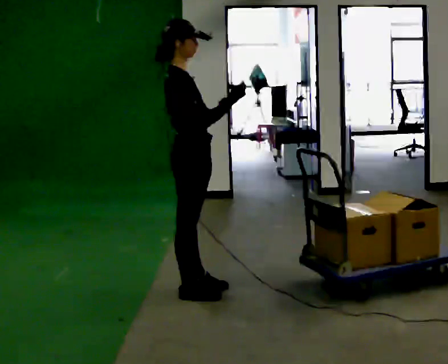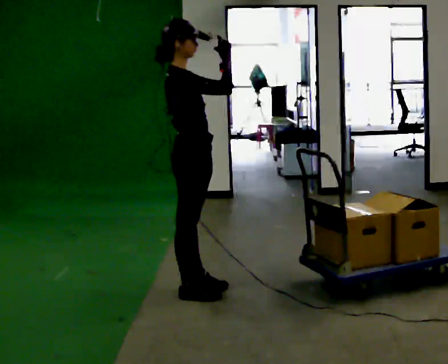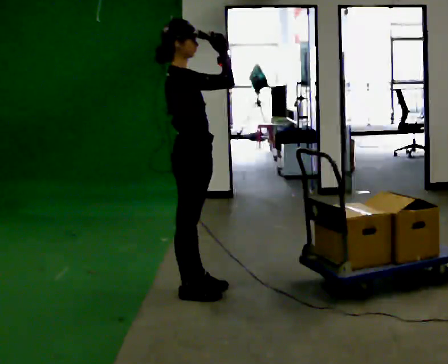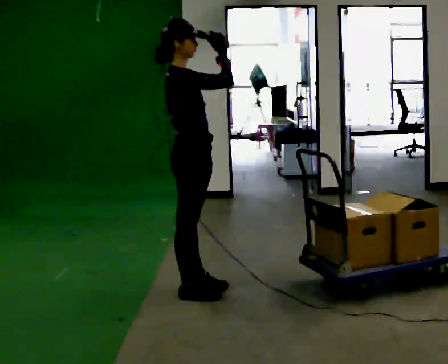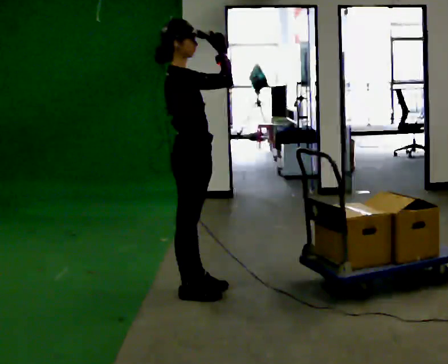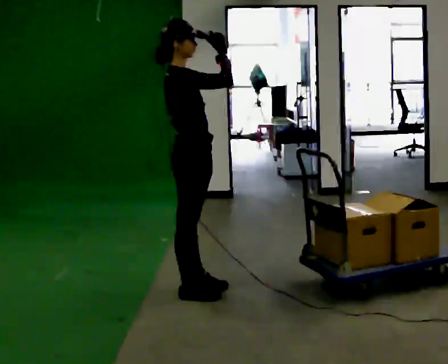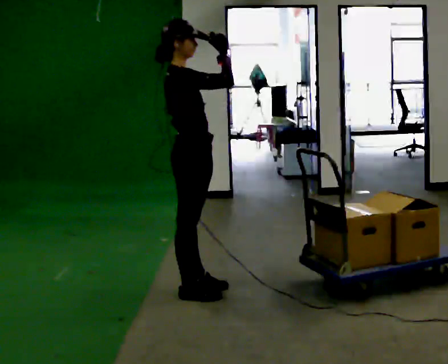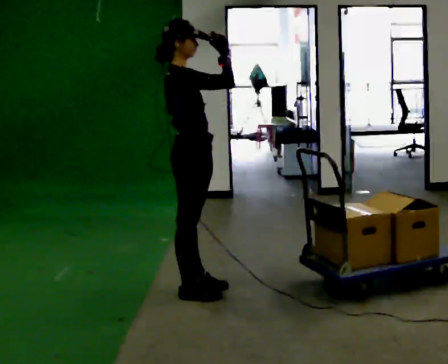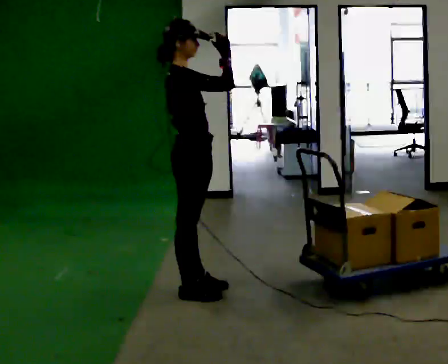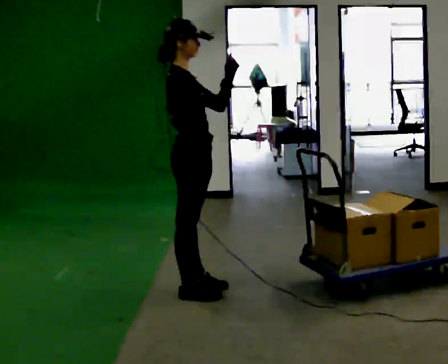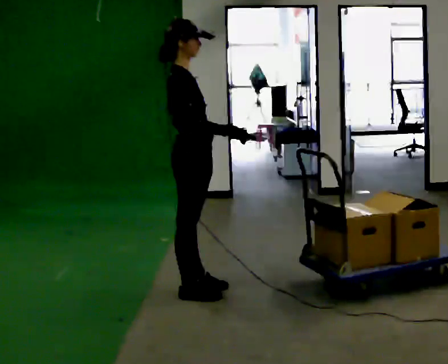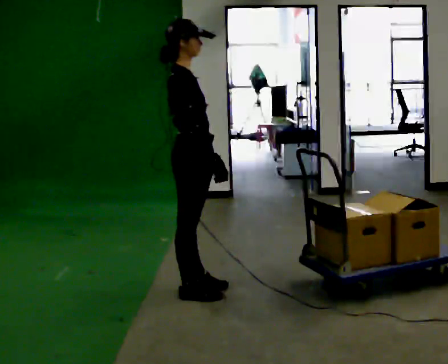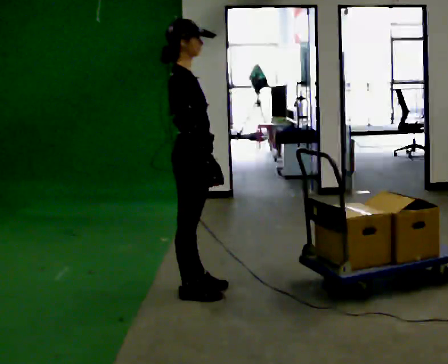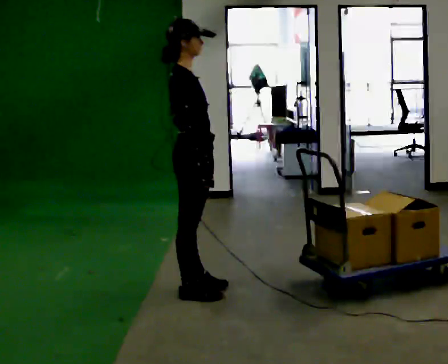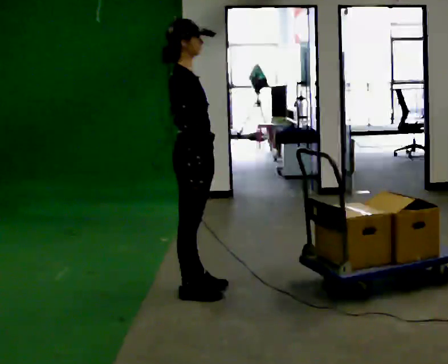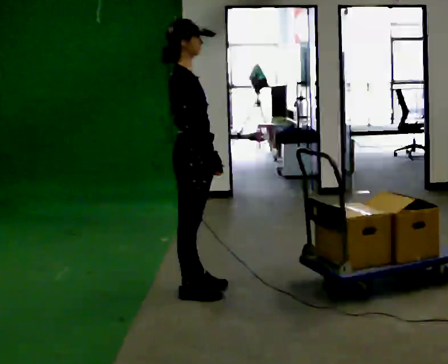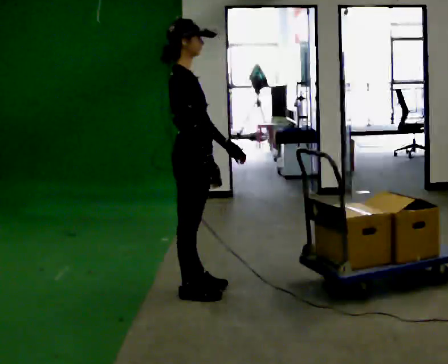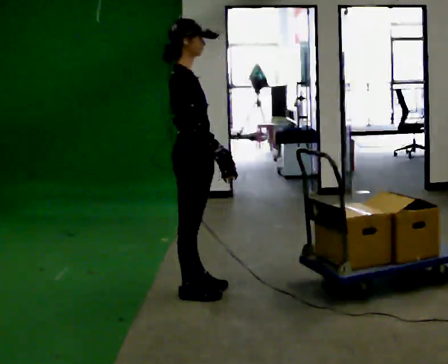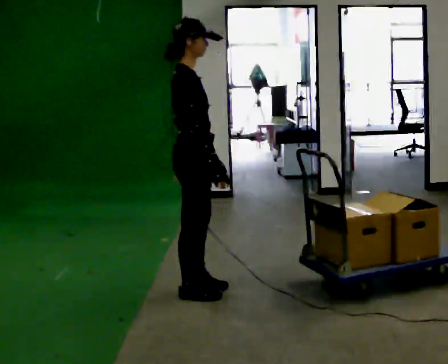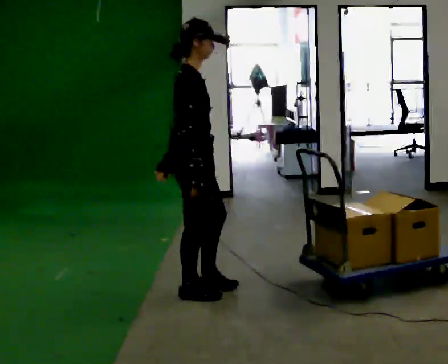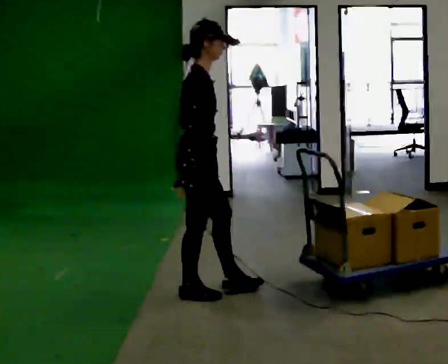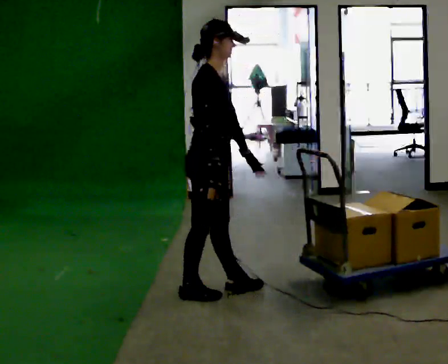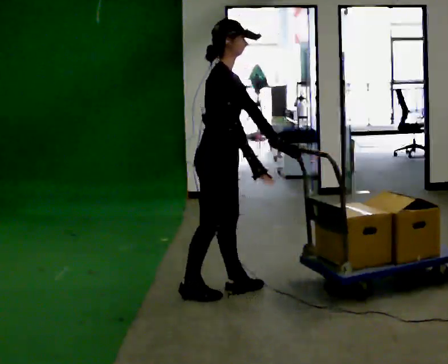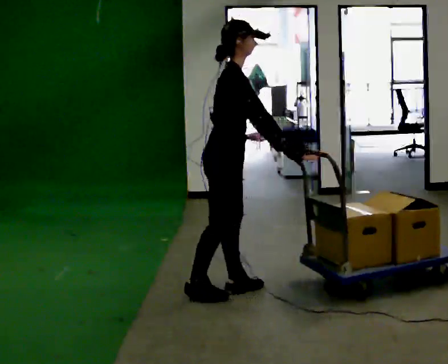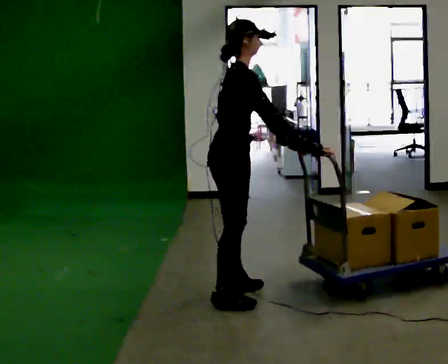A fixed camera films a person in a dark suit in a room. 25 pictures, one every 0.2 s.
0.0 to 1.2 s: In the picture their right hand goes upward.
1.2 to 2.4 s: In the picture their right hand goes downward.
2.4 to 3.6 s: The person moves a little, or ends about where they began.
3.6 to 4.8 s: In the picture they go to the right, about 0.25 m in 2 steps, which for them is forward. In the picture the upper body tilts clockwise, shoulders to the right, as they bend forward. In the picture their left hand goes to the right.
The film runs backward here.
